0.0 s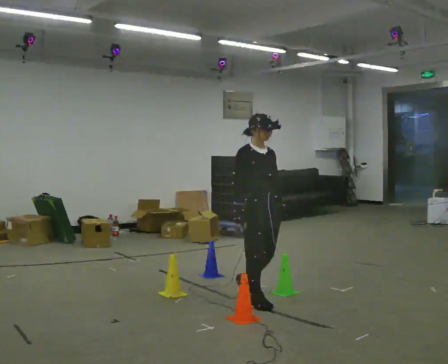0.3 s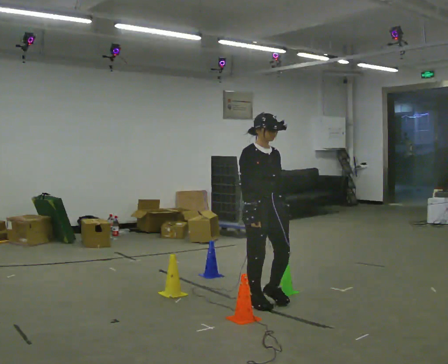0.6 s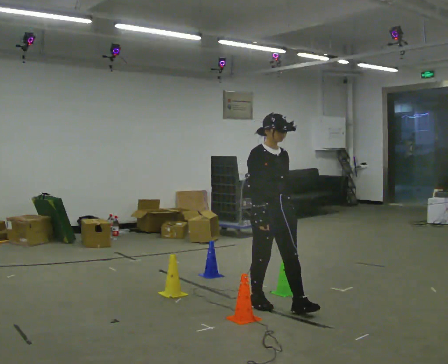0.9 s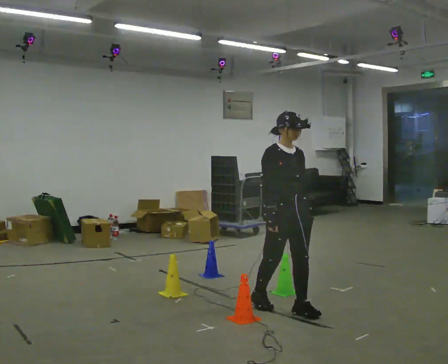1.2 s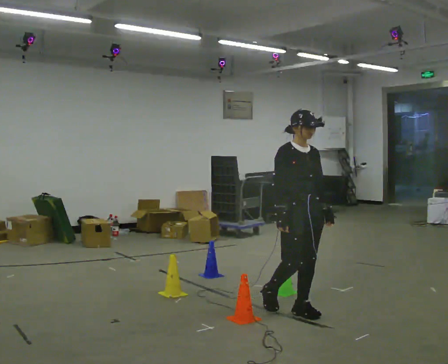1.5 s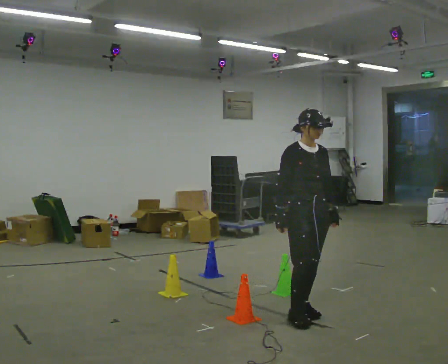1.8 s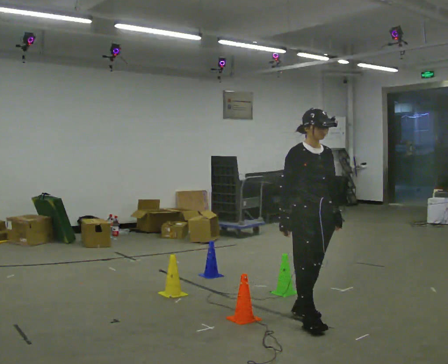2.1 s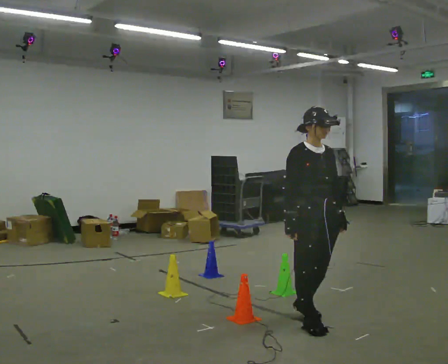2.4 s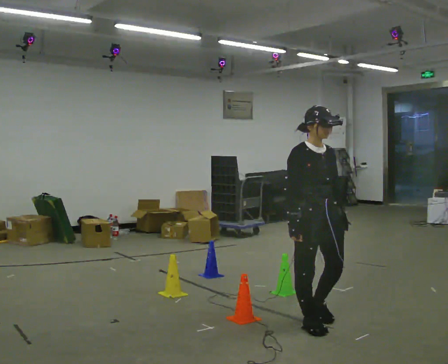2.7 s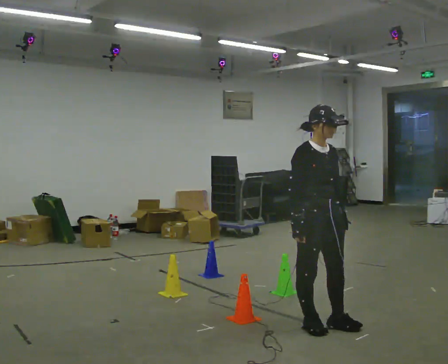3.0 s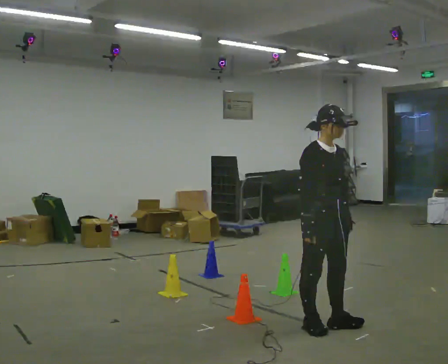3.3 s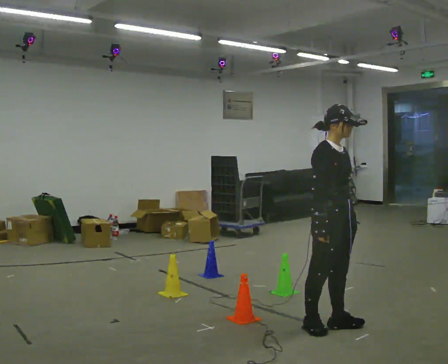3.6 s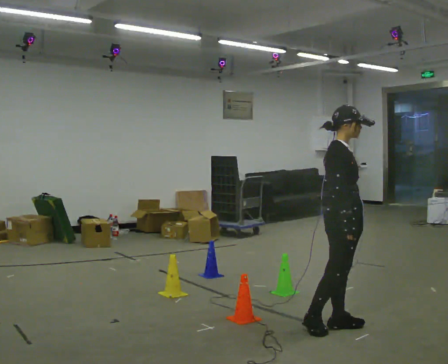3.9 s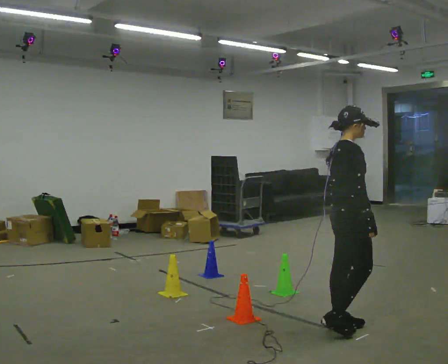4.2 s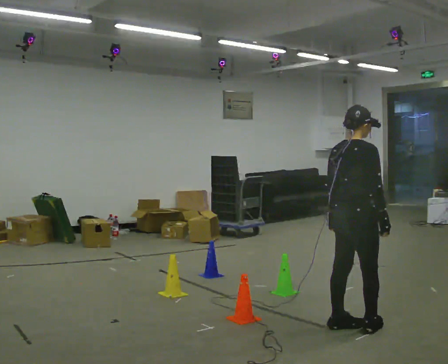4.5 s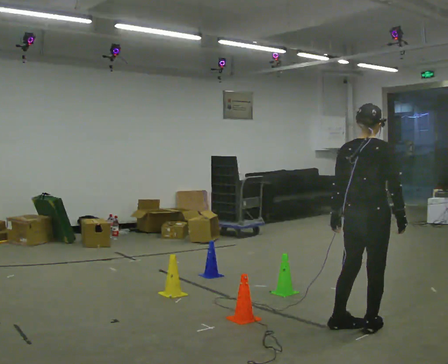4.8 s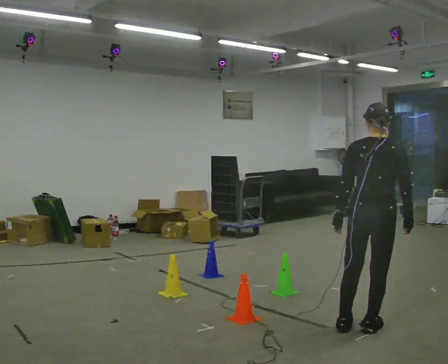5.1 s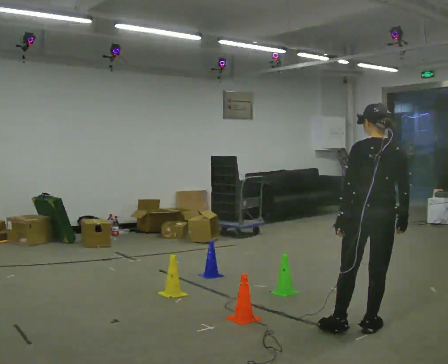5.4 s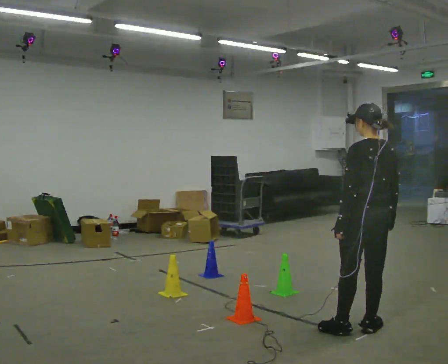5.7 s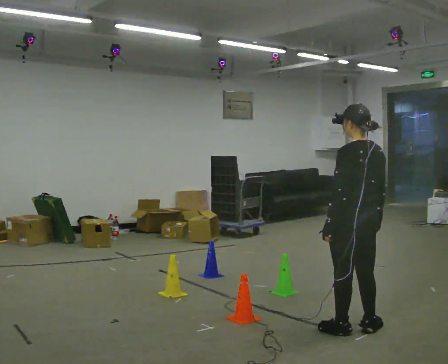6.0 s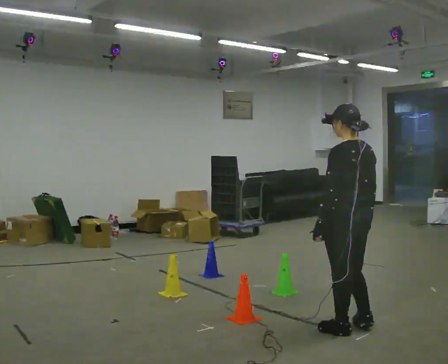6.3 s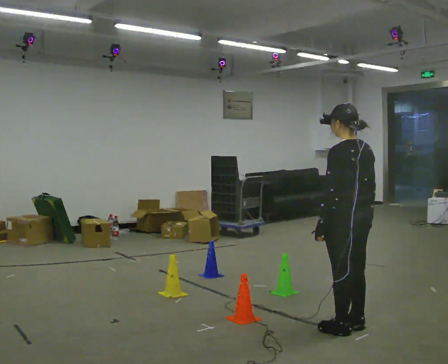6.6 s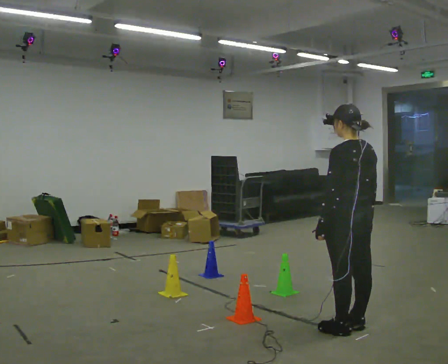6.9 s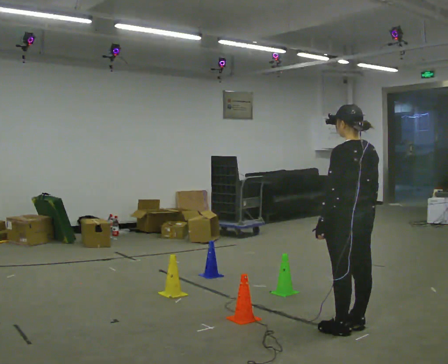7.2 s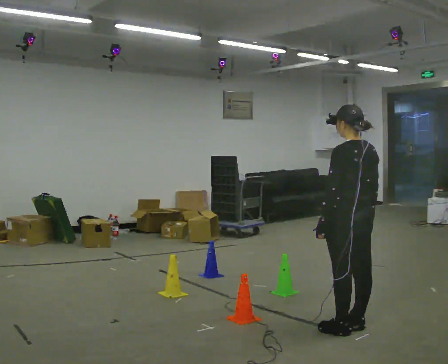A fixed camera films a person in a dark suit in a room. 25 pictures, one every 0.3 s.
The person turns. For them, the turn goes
to their left.
The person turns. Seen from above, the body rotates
counterclockwise.
0.0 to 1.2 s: In the picture they go to the right and toward the camera, about 0.5 m in 1 step, which for them is forward.
1.2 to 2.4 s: In the picture they go toward the camera and to the right, about 0.25 m in 1 step, which for them is forward.
2.4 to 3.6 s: Seen from above the body turns counterclockwise, about 45 degrees: to their left, with its near side sliding to the right. In the picture they go to the right, about 0.25 m in 1 step, which for them is forward. In the picture their right hand goes to the right.
3.6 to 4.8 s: The part of the body nearest the lens slides to the right as the person turns to their left by about 90 degrees. In the picture they go to the right, about 0.25 m in 1 step.
4.8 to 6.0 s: Seen from above the body turns counterclockwise, about 60 degrees: to their left, with its near side sliding to the right.
6.0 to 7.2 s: The person moves a little, or ends about where they began.
The film runs forward here.
